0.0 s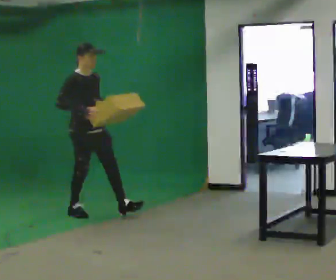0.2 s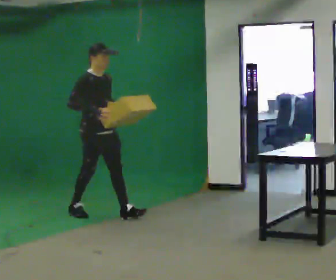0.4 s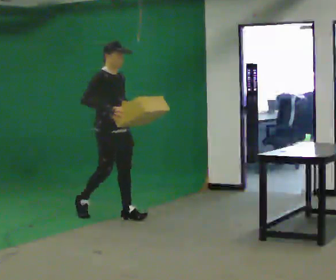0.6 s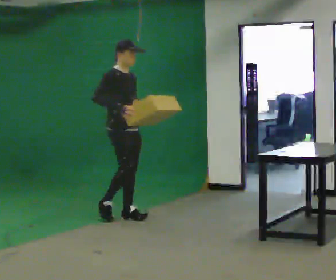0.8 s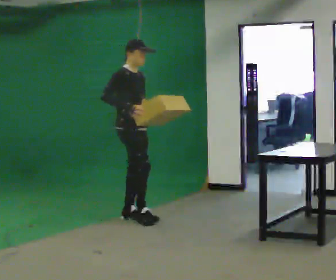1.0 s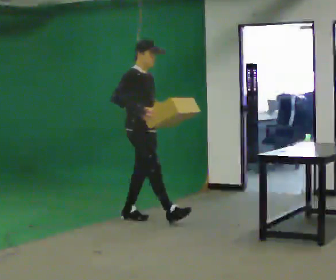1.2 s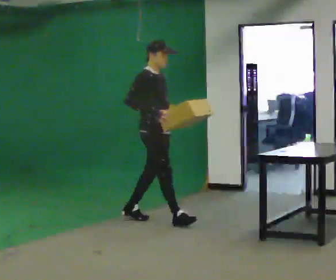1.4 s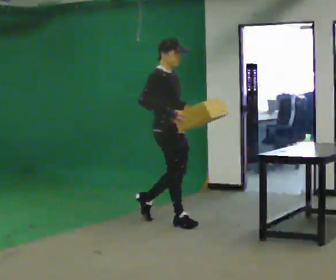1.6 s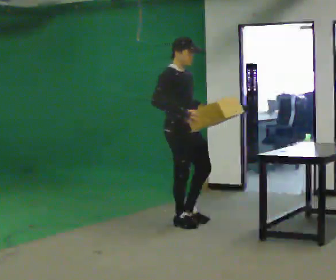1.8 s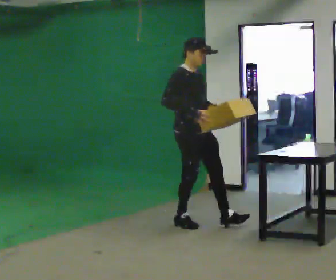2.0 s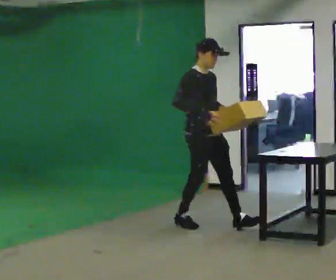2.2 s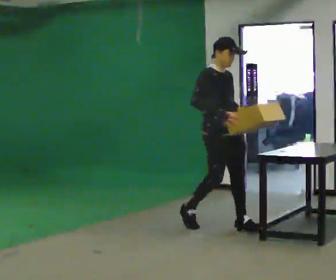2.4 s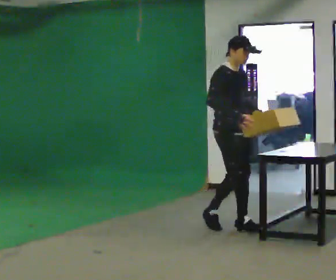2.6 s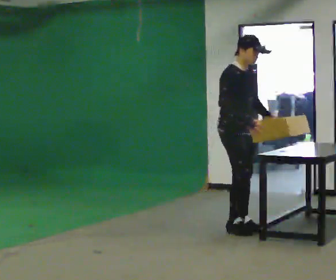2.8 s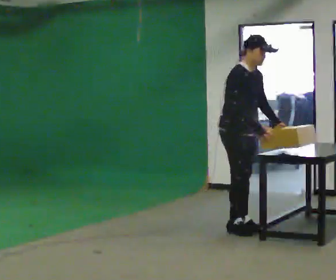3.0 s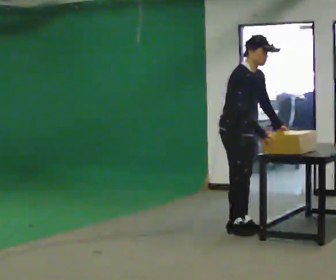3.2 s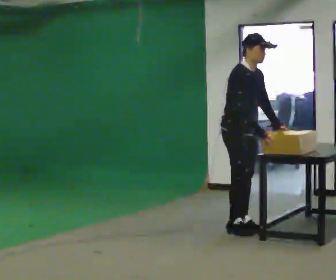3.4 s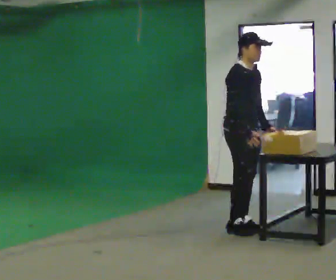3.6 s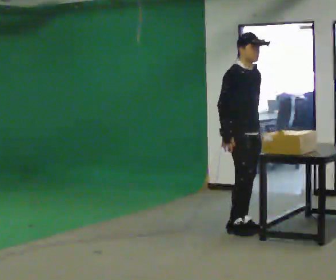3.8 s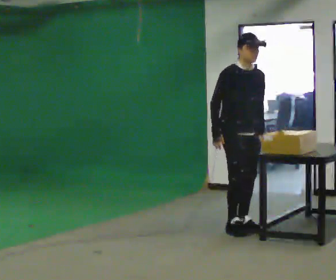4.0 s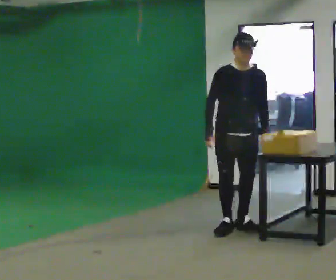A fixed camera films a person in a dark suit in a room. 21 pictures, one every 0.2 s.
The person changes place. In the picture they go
to the right.
0.0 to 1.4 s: In the picture they go to the right, about 1 m in 1 step, which for them is forward.
1.4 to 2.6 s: In the picture they go to the right, about 0.75 m in 2 steps, which for them is forward.
2.6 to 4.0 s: The part of the body nearest the lens slides to the left as the person turns to their right by about 45 degrees. In the picture their right hand goes to the left.
The film runs forward here.
